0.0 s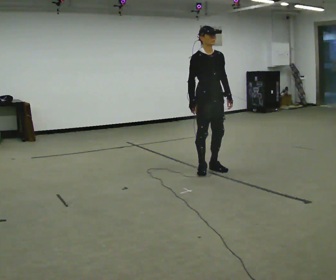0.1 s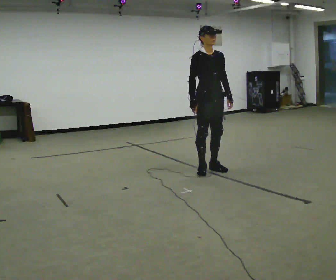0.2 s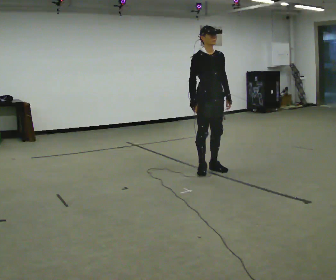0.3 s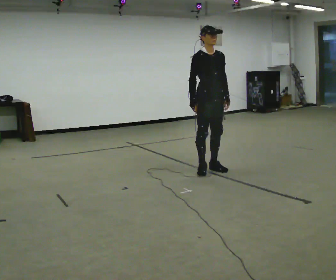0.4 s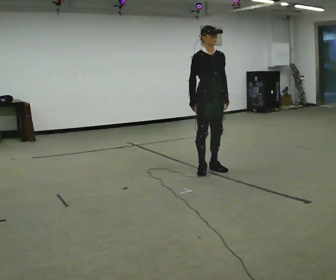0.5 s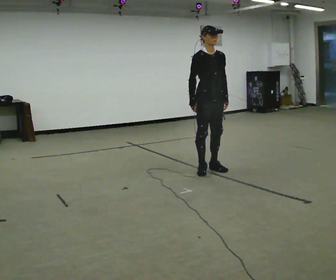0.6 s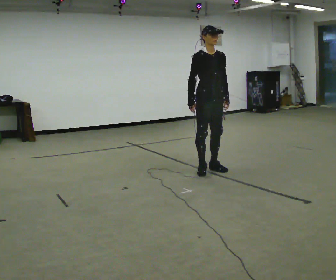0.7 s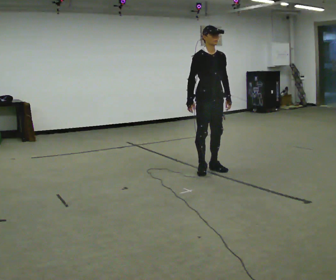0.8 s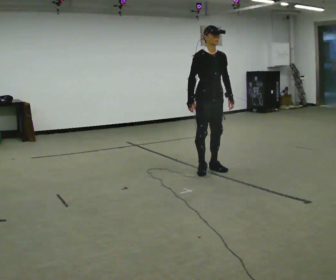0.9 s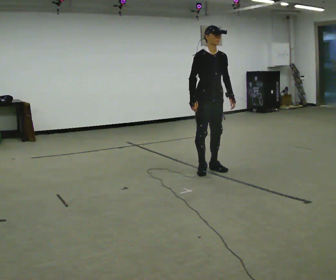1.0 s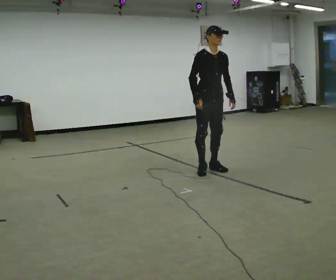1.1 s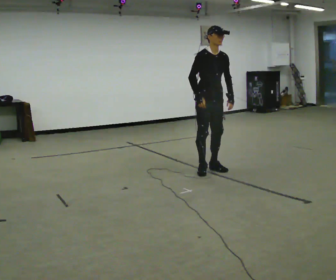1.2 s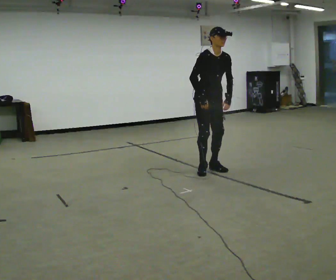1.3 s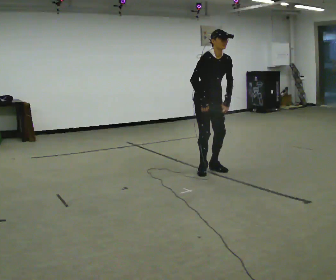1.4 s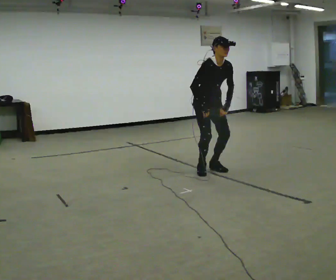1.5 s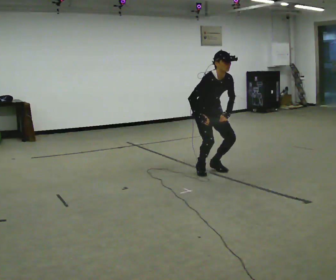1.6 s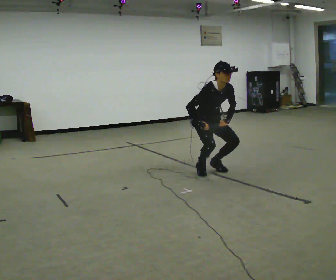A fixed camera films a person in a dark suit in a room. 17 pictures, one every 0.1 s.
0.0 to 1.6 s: The shoulders move downward. The upper body tips toward the camera, its near side rolling downward, as they bend forward. In the picture their left hand goes downward.
The film runs backward here.
